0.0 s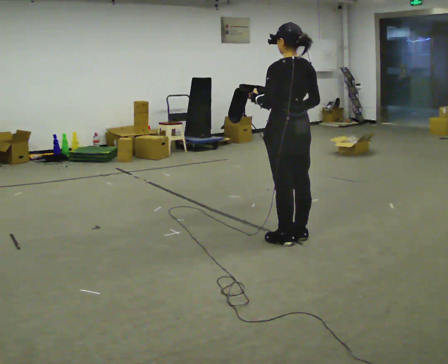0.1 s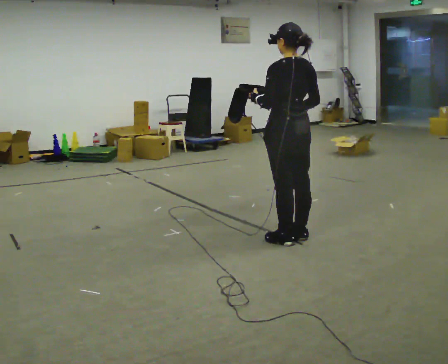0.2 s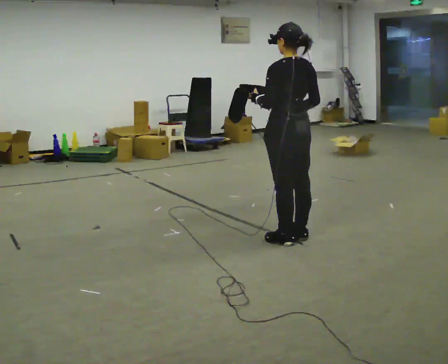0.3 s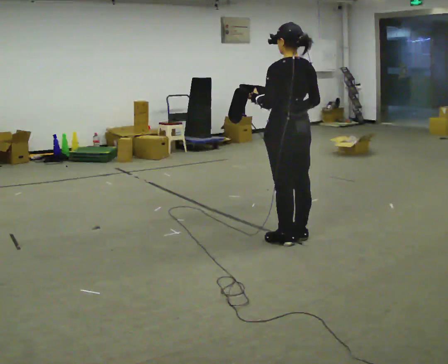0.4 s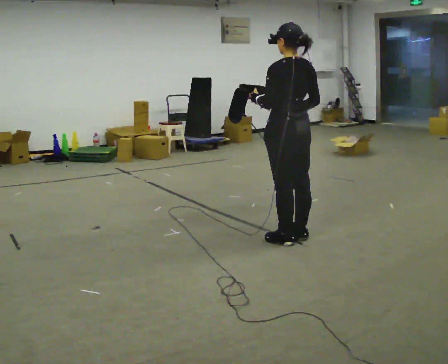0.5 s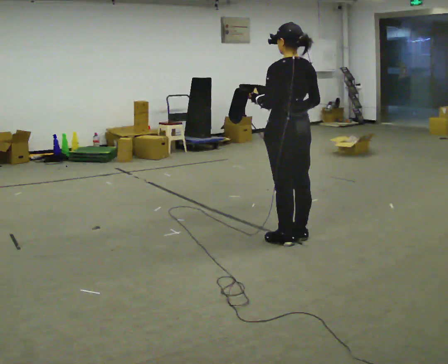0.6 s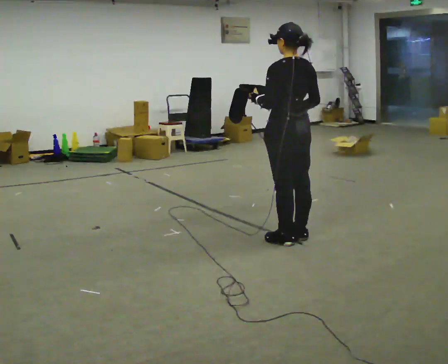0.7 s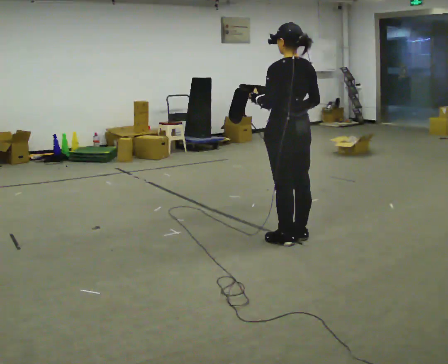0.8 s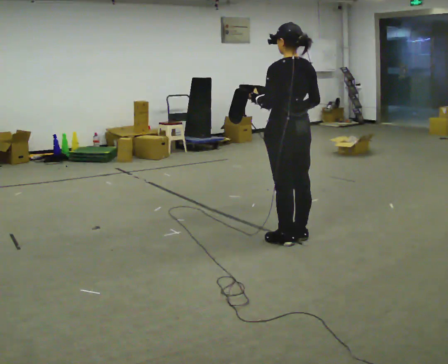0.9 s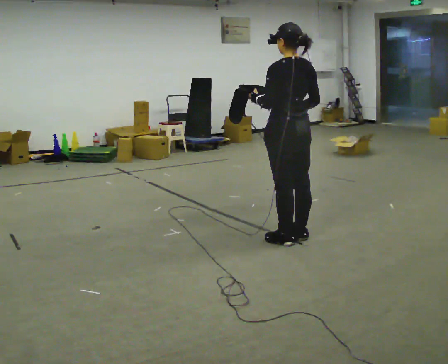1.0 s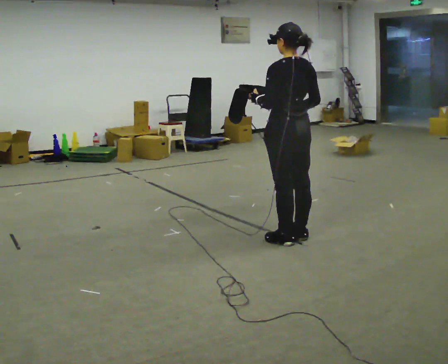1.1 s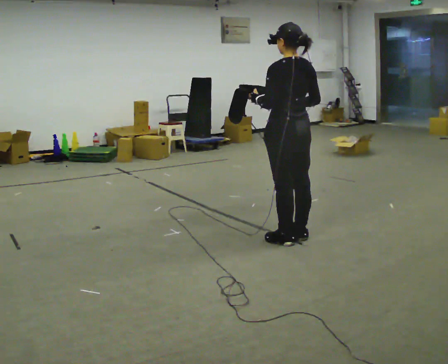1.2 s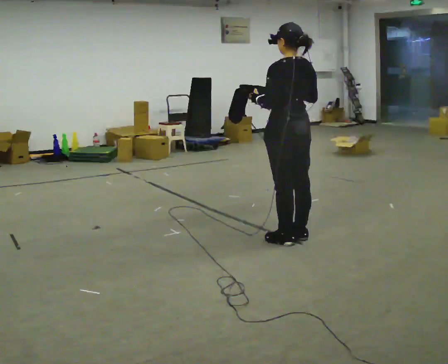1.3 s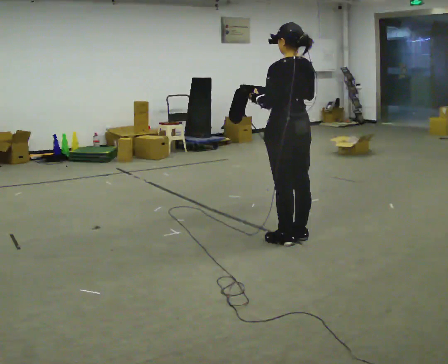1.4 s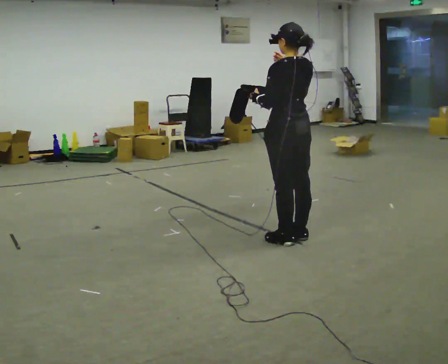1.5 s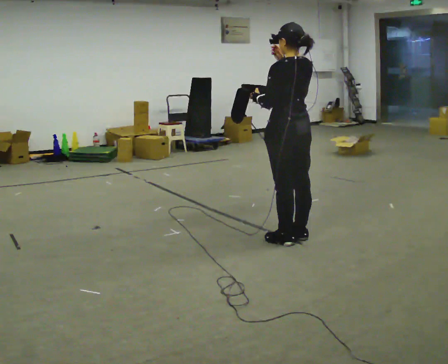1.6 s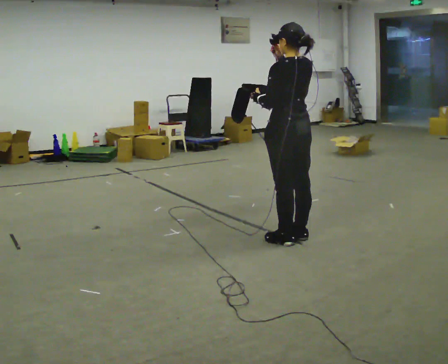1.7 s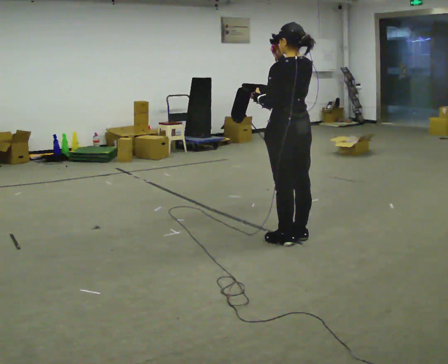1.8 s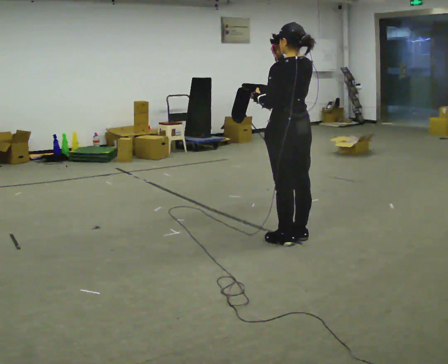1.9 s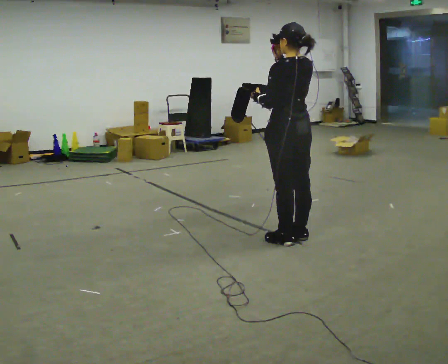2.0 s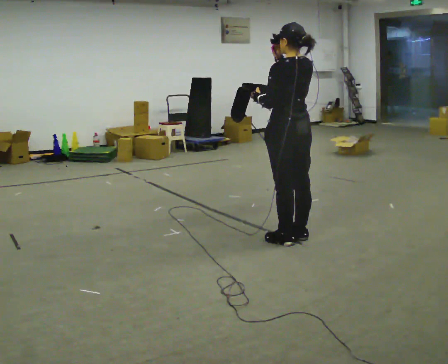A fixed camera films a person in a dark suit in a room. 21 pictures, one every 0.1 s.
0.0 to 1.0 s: The person keeps their place and pose.
1.0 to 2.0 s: In the picture their right hand goes upward.
The film runs forward here.
